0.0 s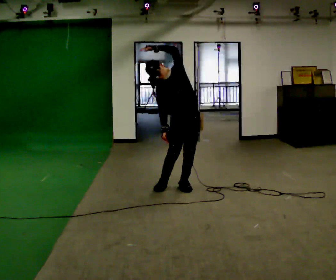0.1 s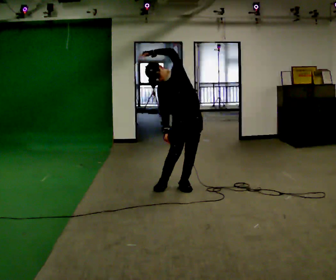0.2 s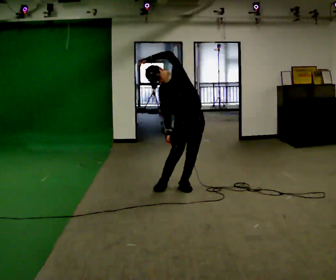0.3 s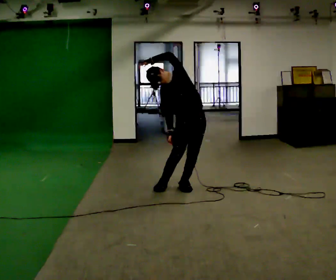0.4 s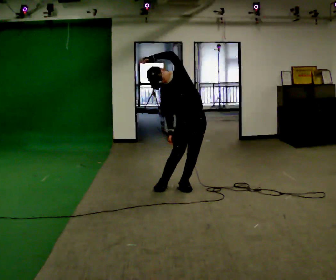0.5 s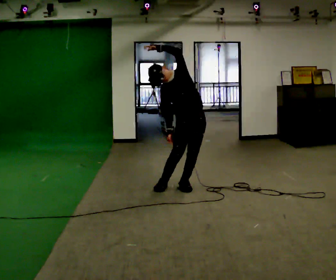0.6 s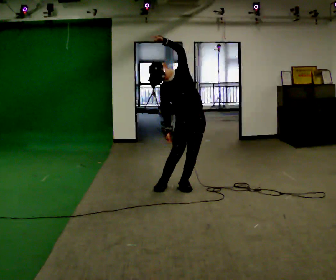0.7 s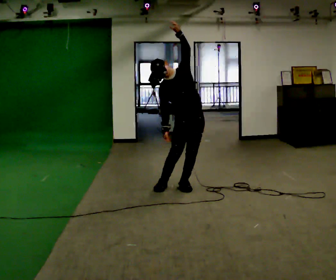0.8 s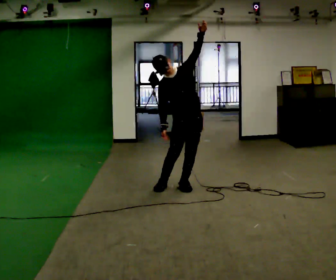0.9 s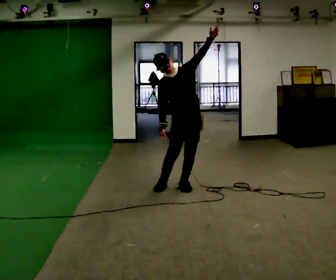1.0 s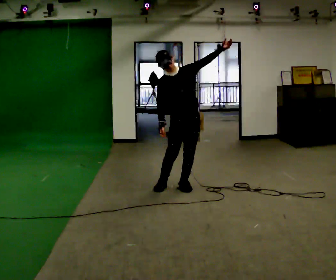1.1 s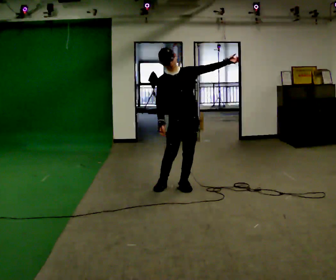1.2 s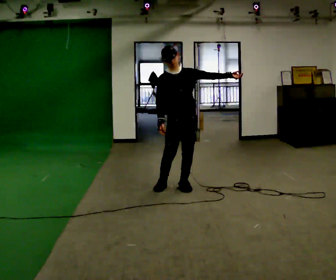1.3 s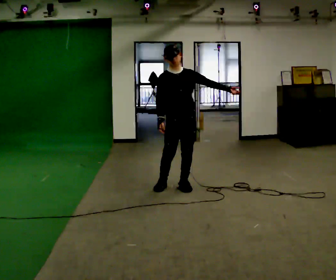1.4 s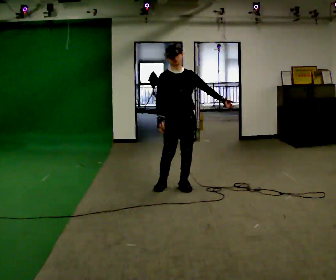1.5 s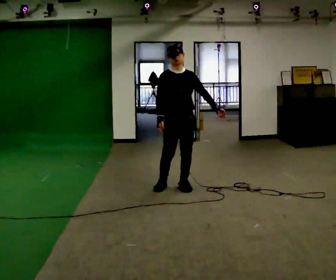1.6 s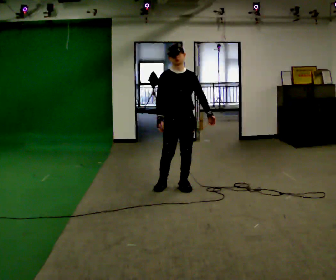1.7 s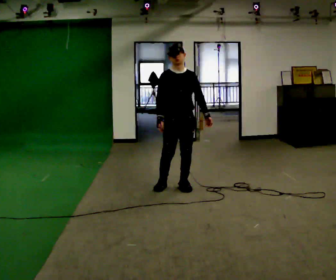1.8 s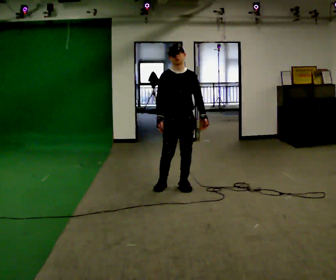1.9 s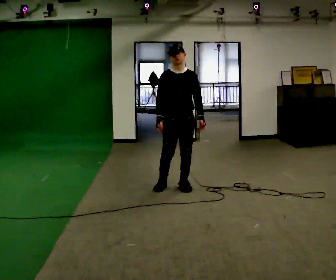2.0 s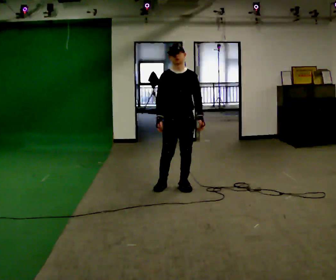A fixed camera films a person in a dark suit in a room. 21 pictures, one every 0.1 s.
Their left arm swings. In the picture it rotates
clockwise.
0.0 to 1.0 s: In the picture their left hand goes to the right.
1.0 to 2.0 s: In the picture their left hand goes downward, the arm swinging clockwise.
The film runs backward here.
